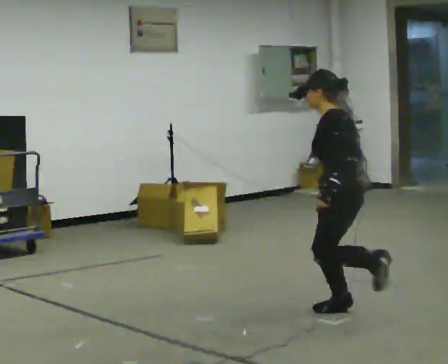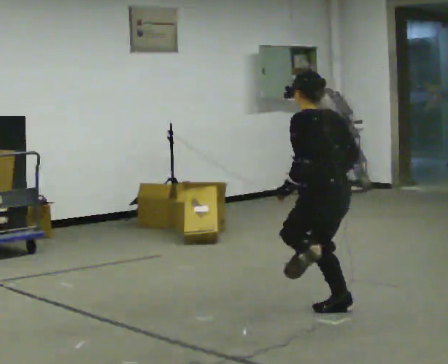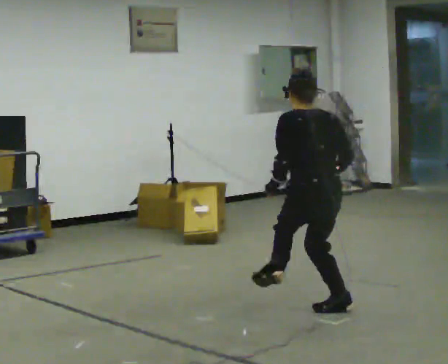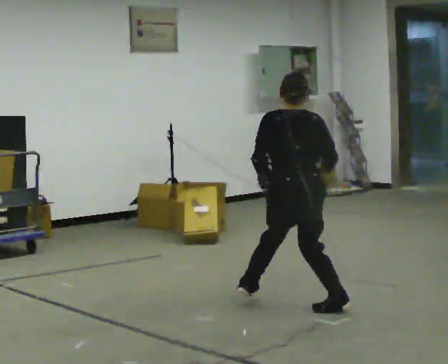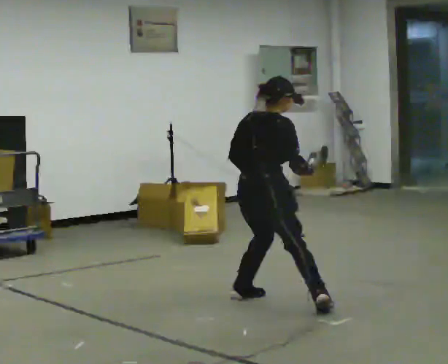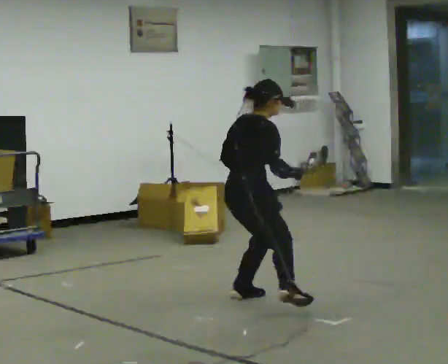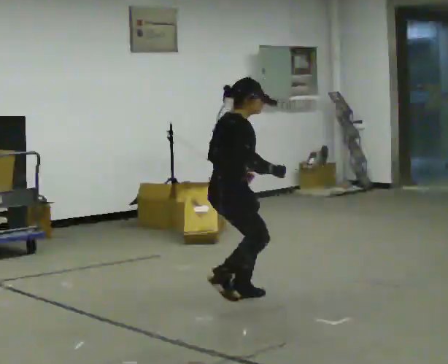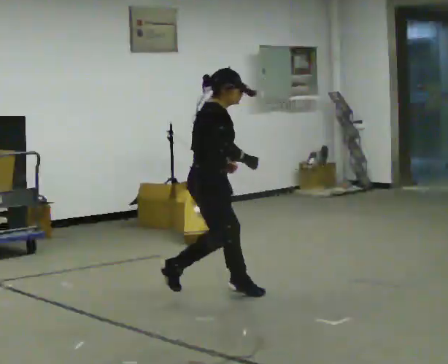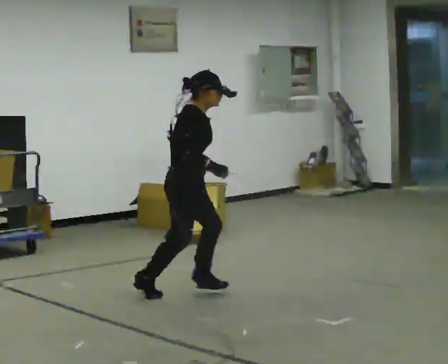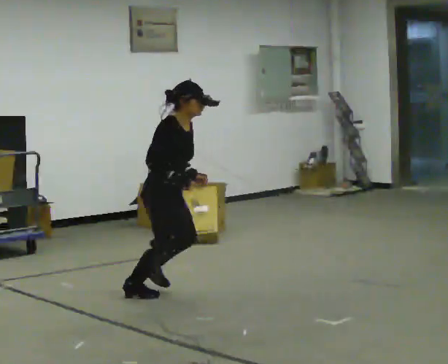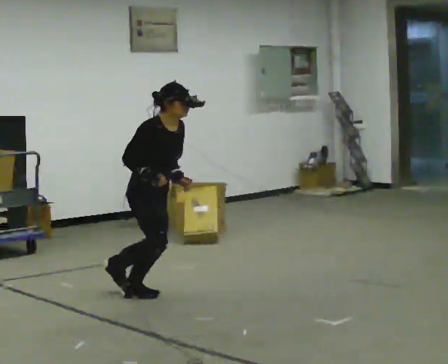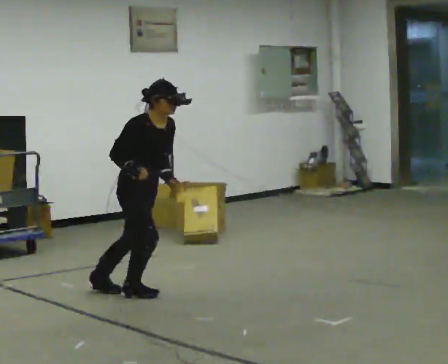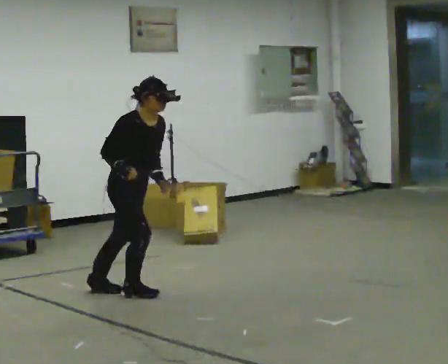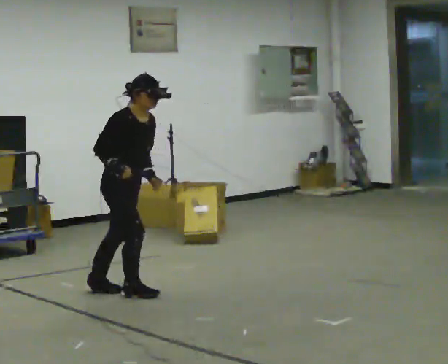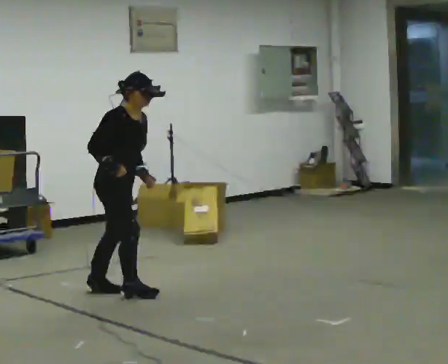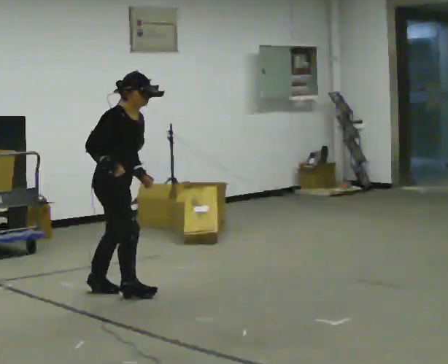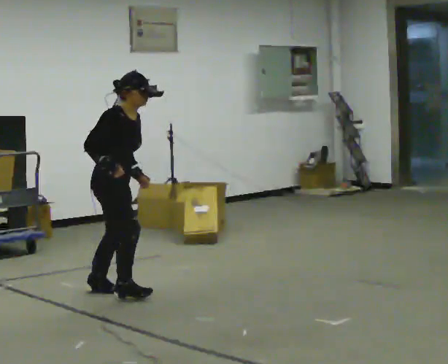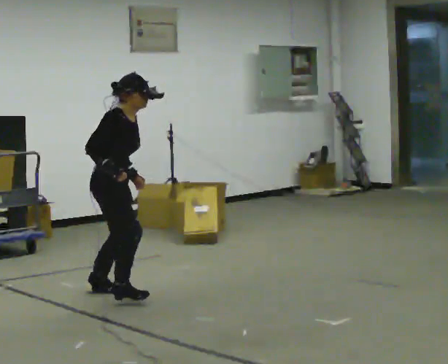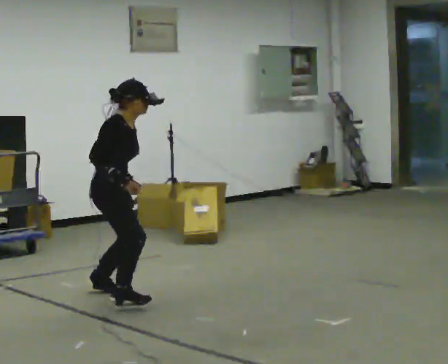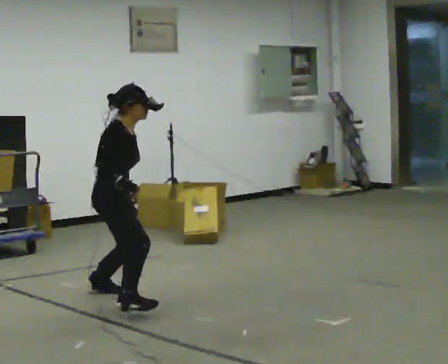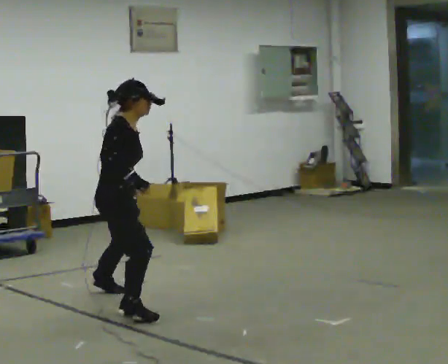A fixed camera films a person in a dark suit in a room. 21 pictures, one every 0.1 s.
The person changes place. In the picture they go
to the left.
The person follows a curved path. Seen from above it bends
counterclockwise.
0.0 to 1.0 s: The person turns about 180 degrees to their right, clockwise seen from above, so the part of the body nearest the lens slides to the left. In the picture they go to the left and away from the camera, about 1.5 m in 2 steps. In the picture the upper body tilts clockwise, shoulders to the right.
1.0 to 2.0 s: In the picture they go toward the camera and to the left, about 0.25 m in 1 step, which for them is to their right.
The film runs forward here.
